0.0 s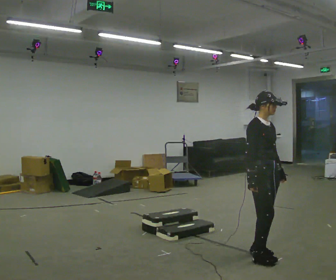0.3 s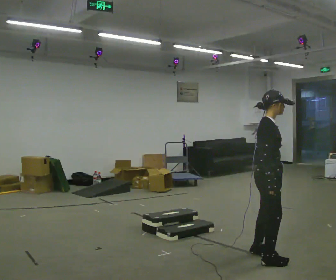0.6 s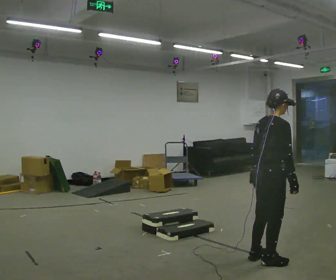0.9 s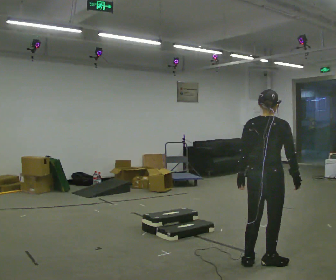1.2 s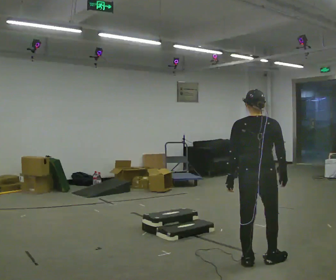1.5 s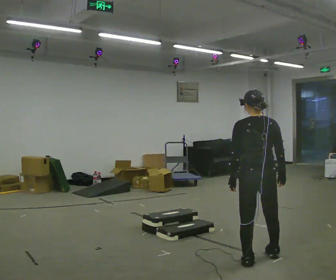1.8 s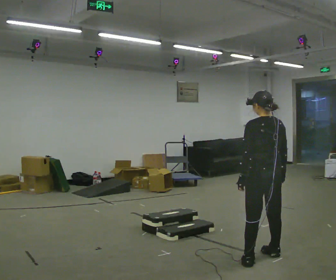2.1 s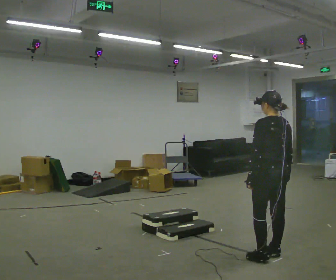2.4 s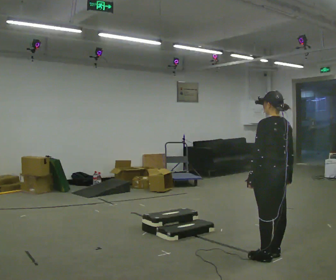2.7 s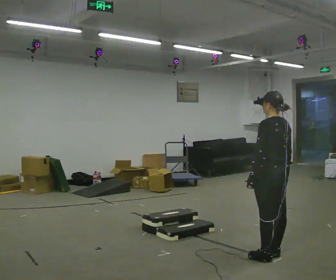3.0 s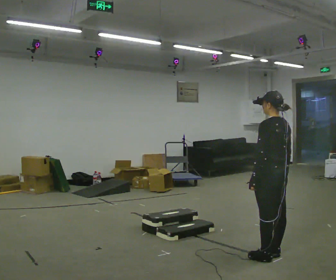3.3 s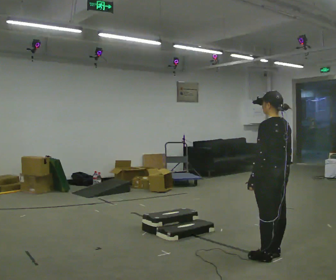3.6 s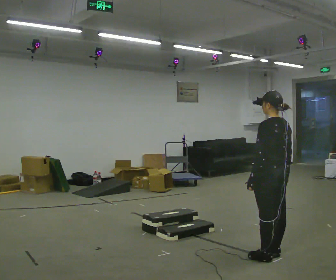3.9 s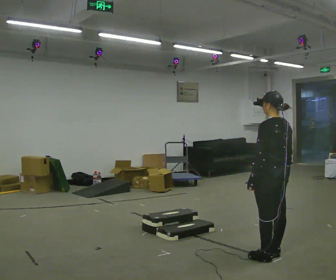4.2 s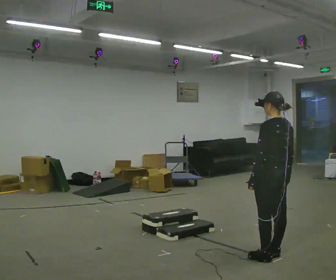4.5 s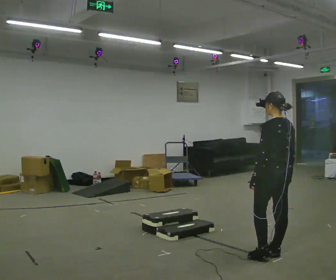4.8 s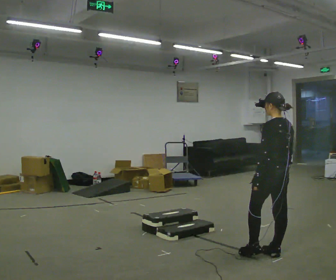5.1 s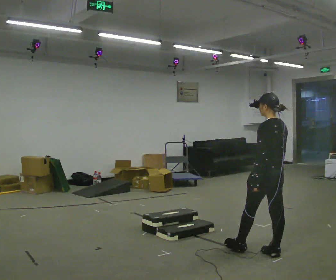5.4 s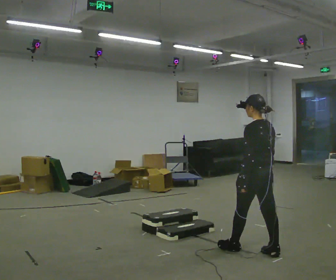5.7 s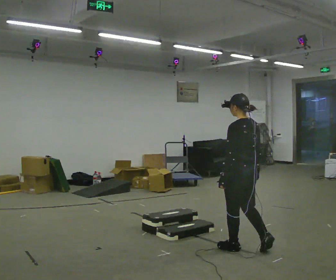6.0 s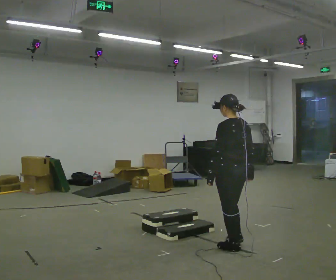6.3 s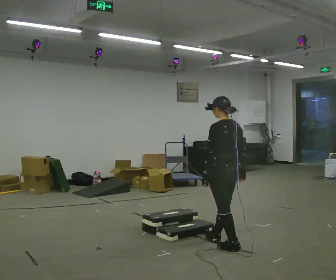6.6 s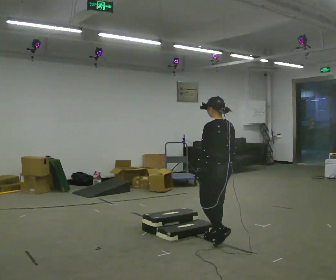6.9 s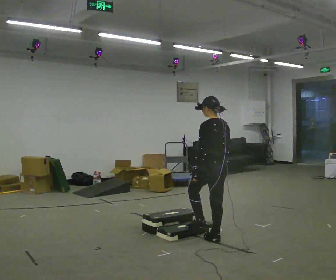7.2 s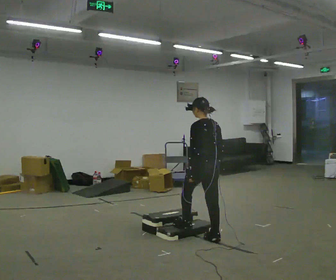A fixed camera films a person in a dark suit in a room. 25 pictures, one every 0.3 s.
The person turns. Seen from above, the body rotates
counterclockwise.
The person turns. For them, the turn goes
to their left.
0.0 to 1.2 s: The person turns about 120 degrees to their left, counterclockwise seen from above, so the part of the body nearest the lens slides to the right. In the picture they go toward the camera, about 0.25 m in 2 steps. In the picture their left hand goes to the left, the arm swinging clockwise.
1.2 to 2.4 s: The part of the body nearest the lens slides to the right as the person turns to their left by about 45 degrees. In the picture they go away from the camera, about 0.25 m in 2 steps, which for them is to their right.
2.4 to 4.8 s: The person moves a little, or ends about where they began.
4.8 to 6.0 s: In the picture they go to the left, about 0.5 m in 1 step, which for them is forward and to their left.
6.0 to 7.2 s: In the picture they go to the left and away from the camera, about 0.5 m in 2 steps, which for them is forward.
The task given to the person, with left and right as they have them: Walk up the three steps, turn at the top, and walk back down at a comfortable speed. Use the handrail only if you need it.
The film runs forward here.
